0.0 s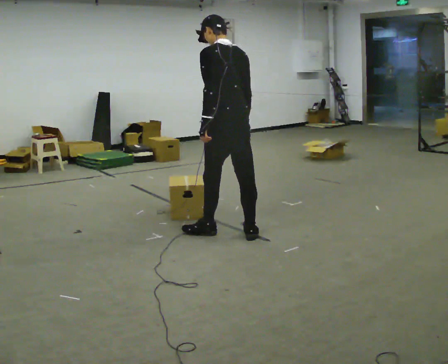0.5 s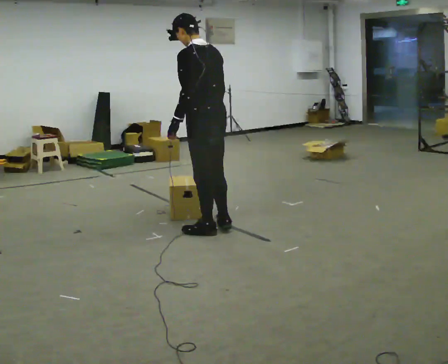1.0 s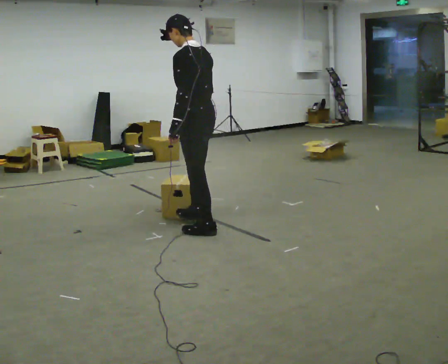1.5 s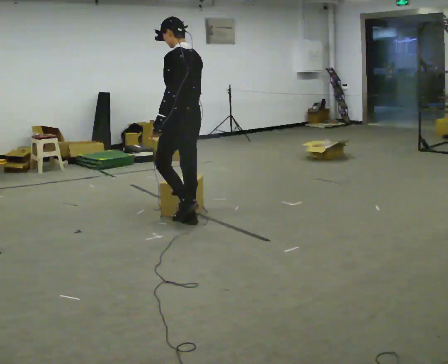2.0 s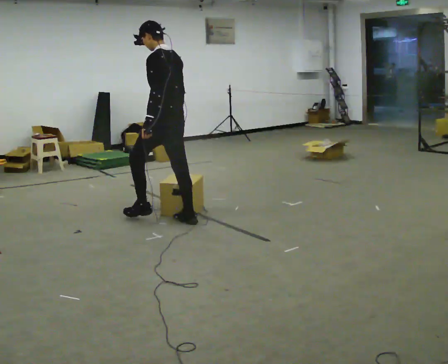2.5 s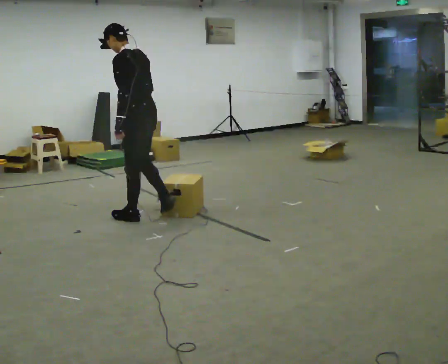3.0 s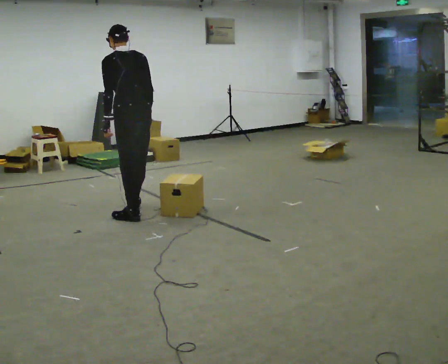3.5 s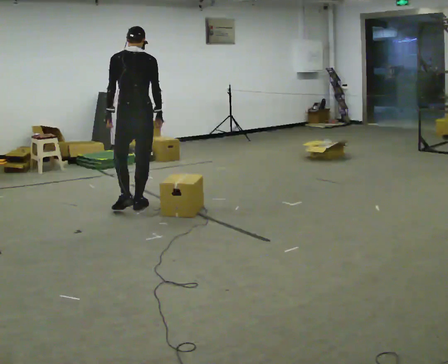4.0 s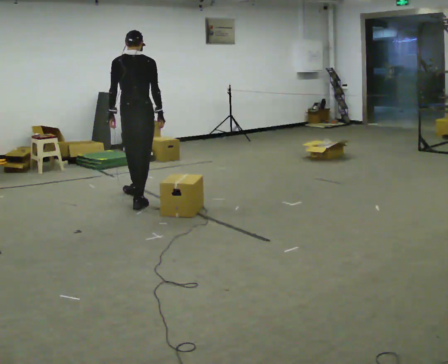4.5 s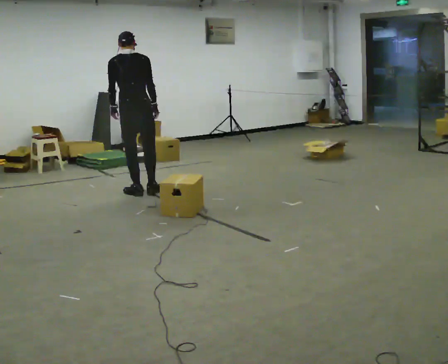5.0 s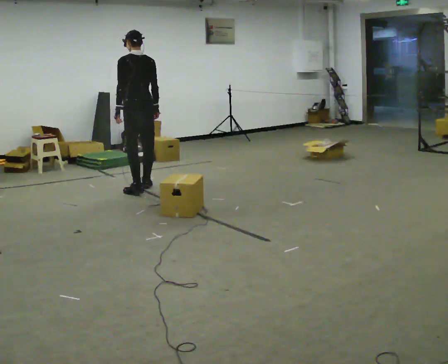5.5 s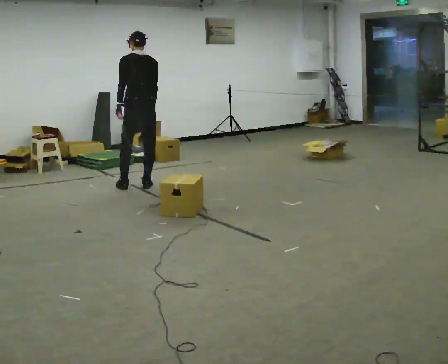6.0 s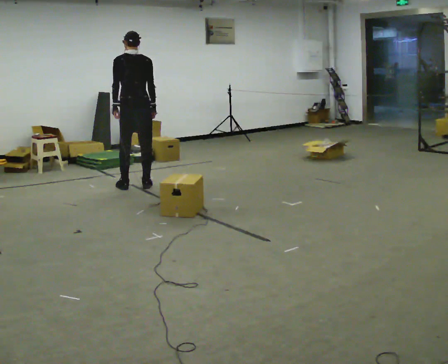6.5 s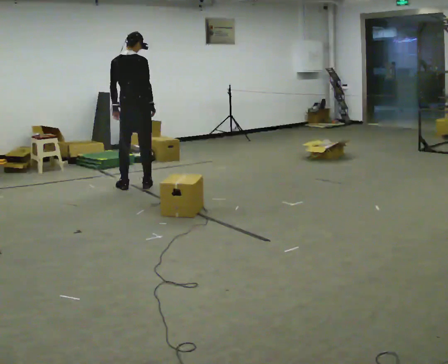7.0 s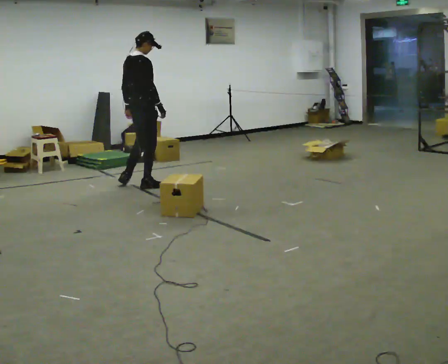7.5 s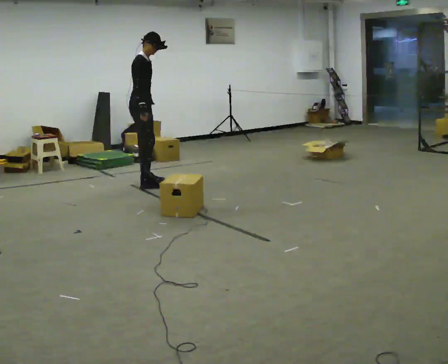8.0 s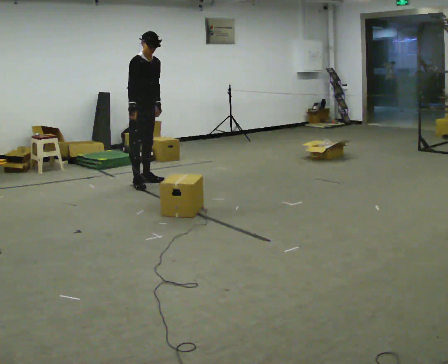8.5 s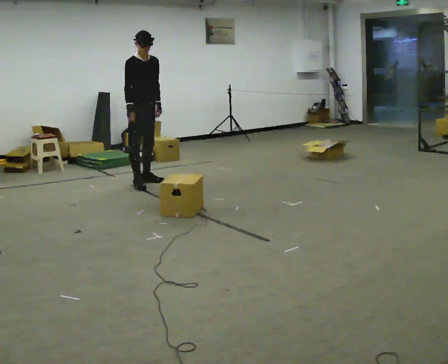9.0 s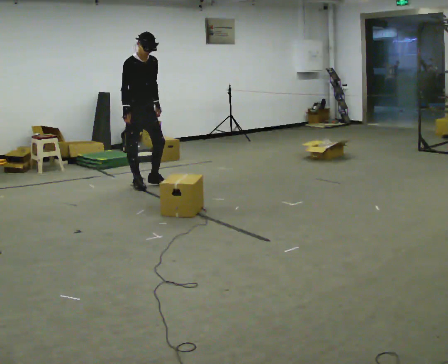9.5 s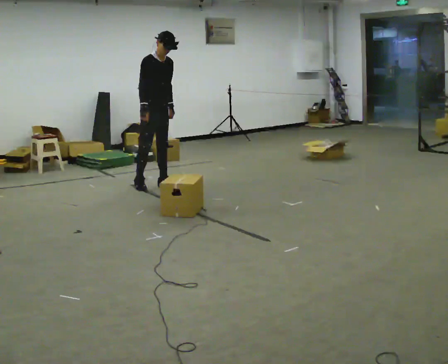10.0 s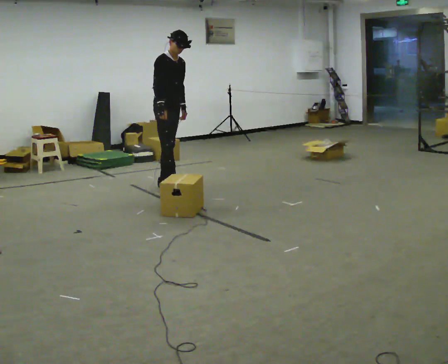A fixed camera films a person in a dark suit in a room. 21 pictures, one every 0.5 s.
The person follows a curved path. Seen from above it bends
clockwise.
0.0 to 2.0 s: In the picture they go away from the camera and to the left, about 0.75 m in 1 step, which for them is forward.
2.0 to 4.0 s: Seen from above the body turns clockwise, about 60 degrees: to their right, with its near side sliding to the left. In the picture they go away from the camera, about 1 m in 3 steps.
4.0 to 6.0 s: In the picture they go away from the camera, about 0.5 m in 2 steps, which for them is forward and to their right.
6.0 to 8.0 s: The person turns about 150 degrees to their right, clockwise seen from above, so the part of the body nearest the lens slides to the left. In the picture they go away from the camera, about 0.25 m in 2 steps.
8.0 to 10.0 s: In the picture they go toward the camera and to the right, about 0.5 m in 1 step, which for them is forward.
The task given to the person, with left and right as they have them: Walk toward obstacle; alter path to avoid it; continue toward original destination.
The film runs forward here.
